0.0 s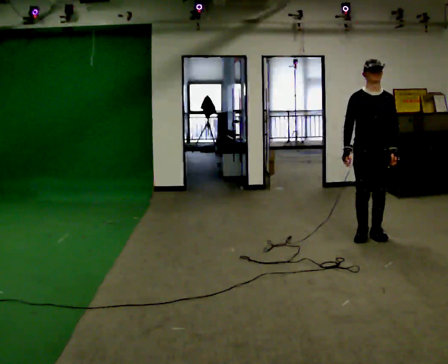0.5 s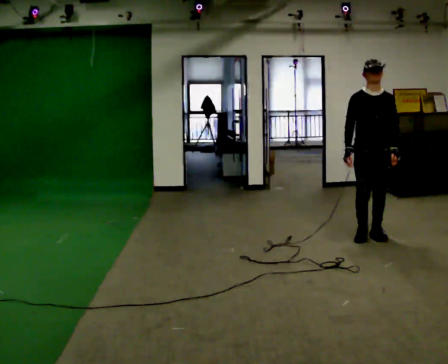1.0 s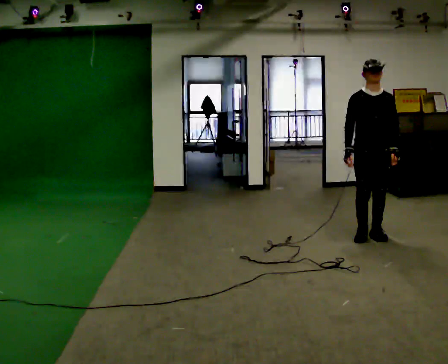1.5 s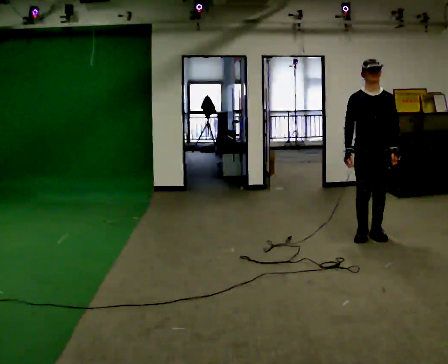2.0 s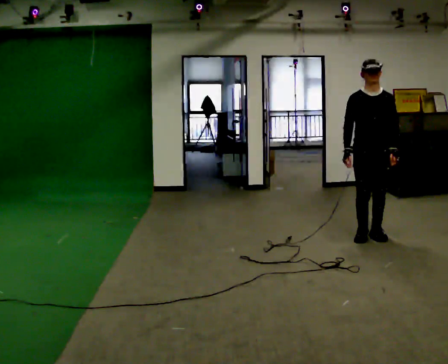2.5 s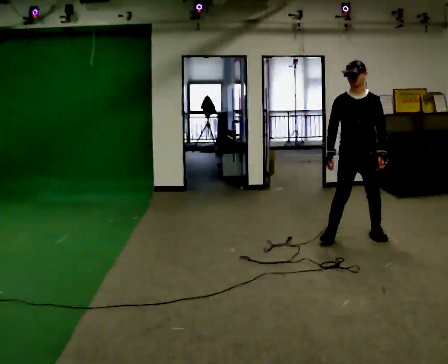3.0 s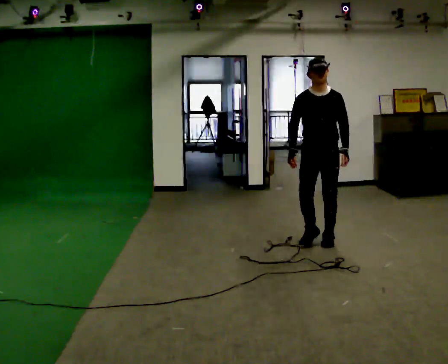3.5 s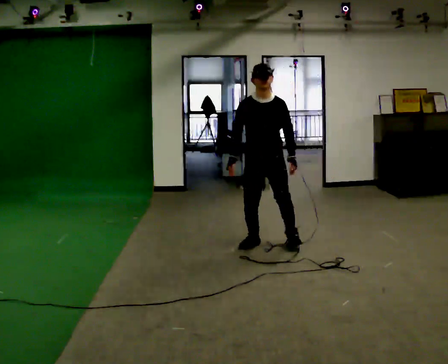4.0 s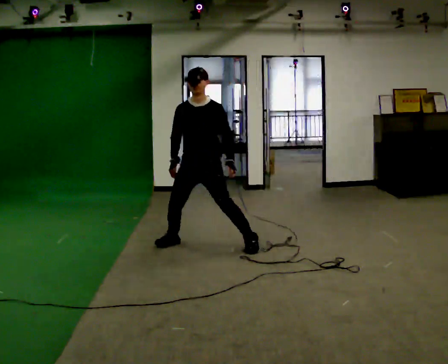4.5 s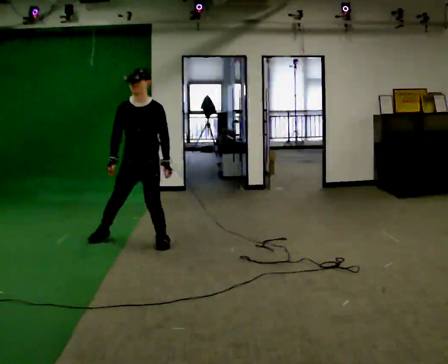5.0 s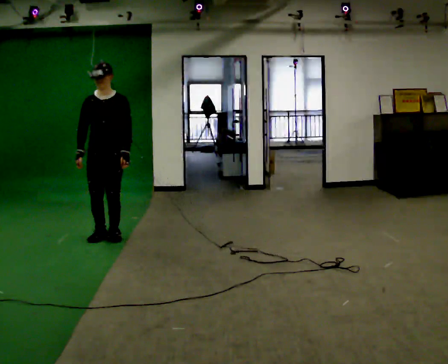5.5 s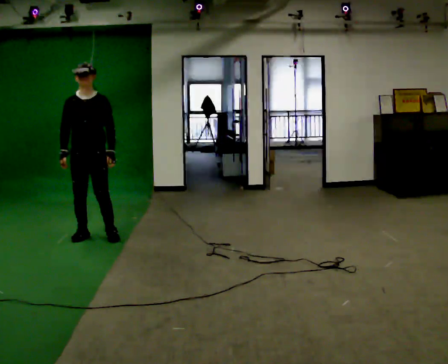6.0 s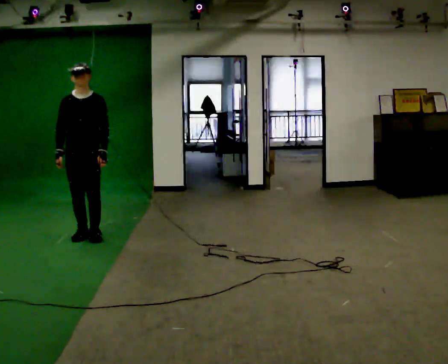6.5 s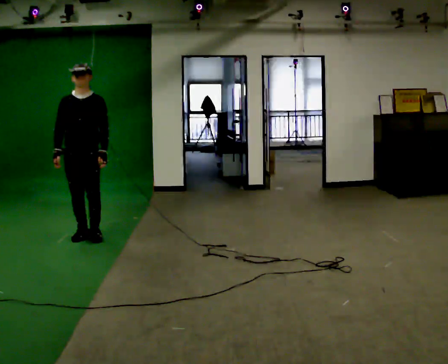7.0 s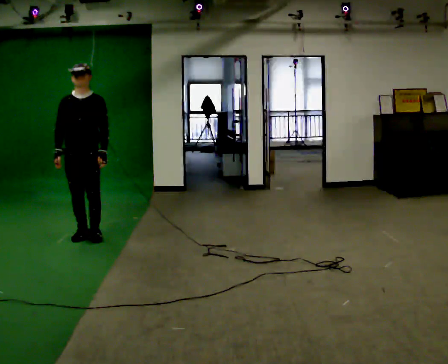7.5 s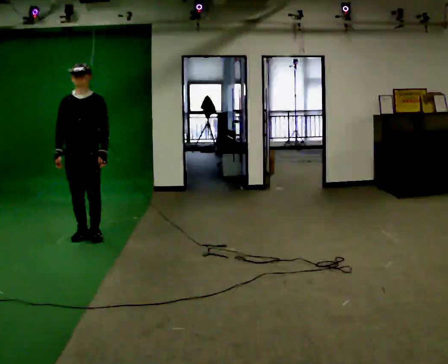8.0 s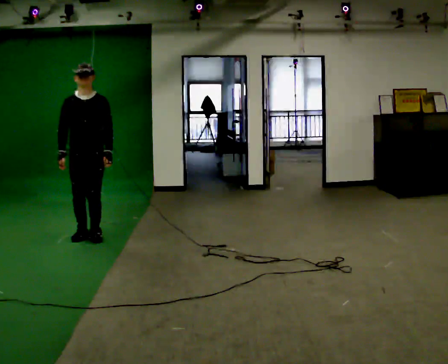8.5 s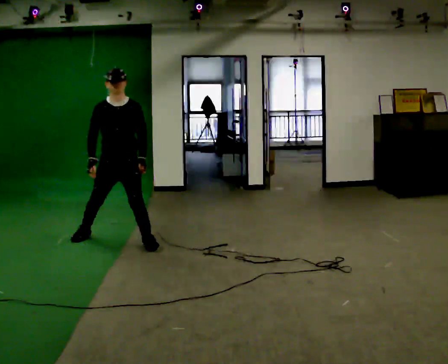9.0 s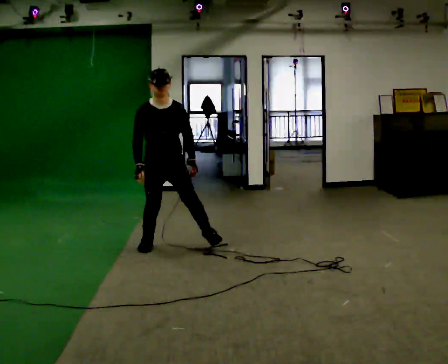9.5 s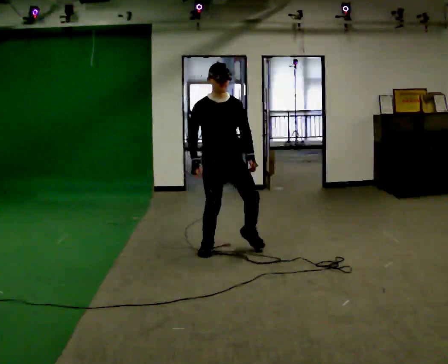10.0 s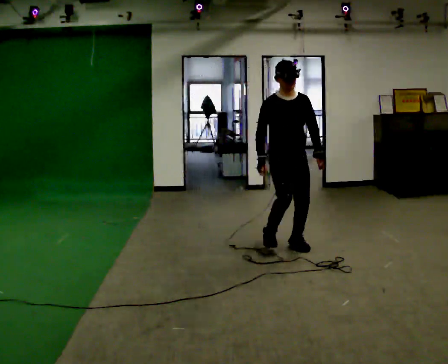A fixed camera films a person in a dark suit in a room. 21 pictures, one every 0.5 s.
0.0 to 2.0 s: The person moves a little, or ends about where they began.
2.0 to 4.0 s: In the picture they go to the left, about 1.5 m in 5 steps, which for them is to their right.
4.0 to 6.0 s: In the picture they go to the left, about 1 m in 5 steps, which for them is to their right.
6.0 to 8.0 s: The person moves a little, or ends about where they began.
8.0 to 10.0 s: In the picture they go to the right, about 2 m in 5 steps, which for them is to their left.
The film runs forward here.
